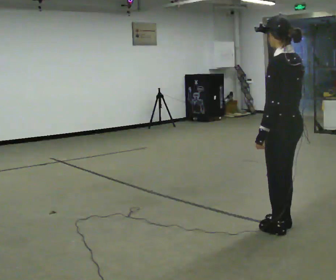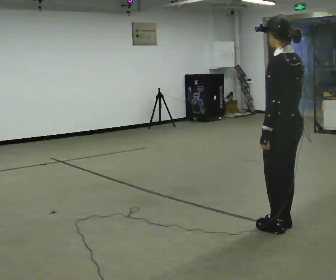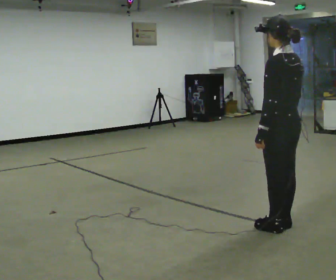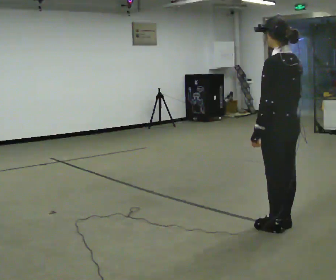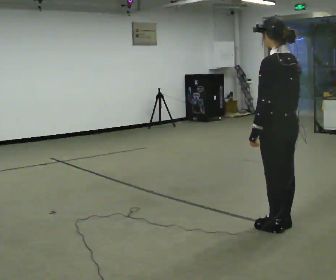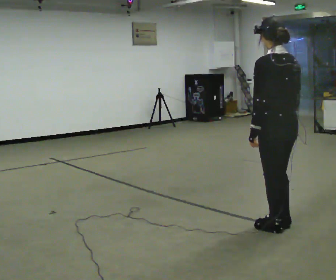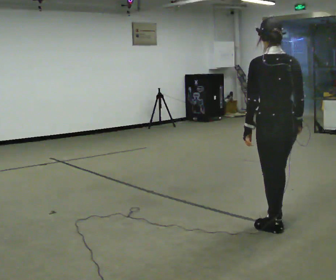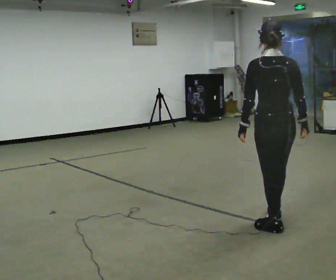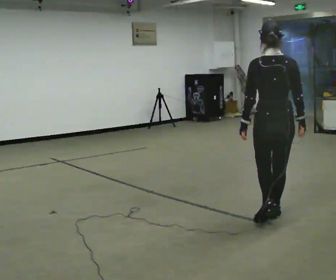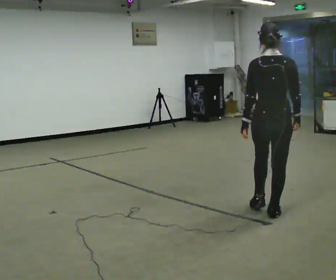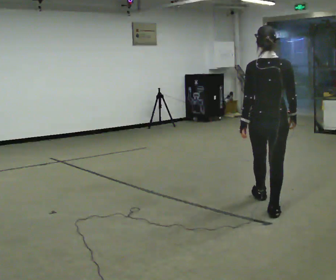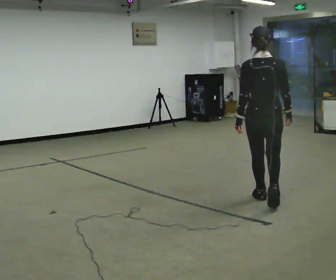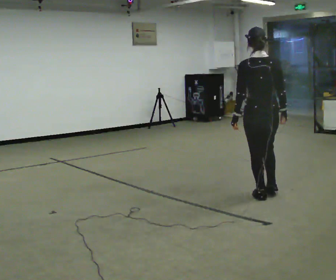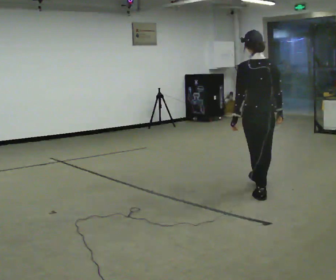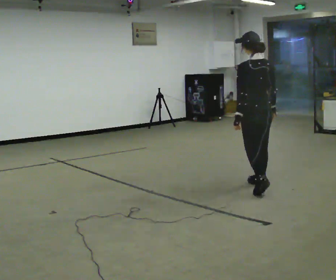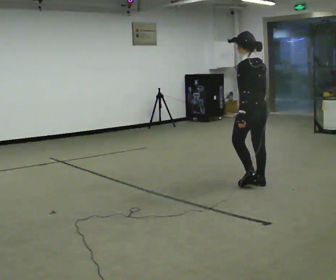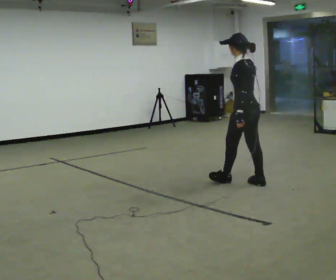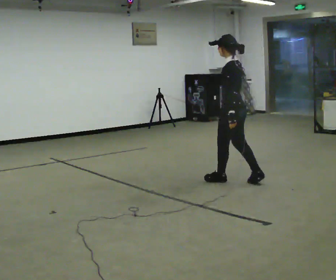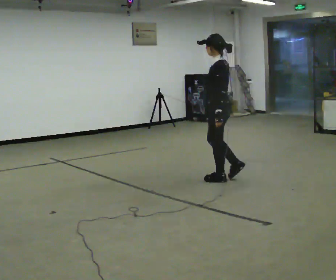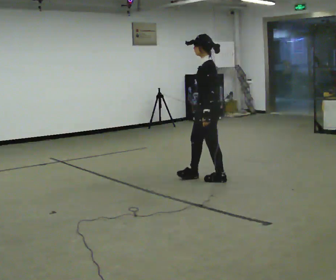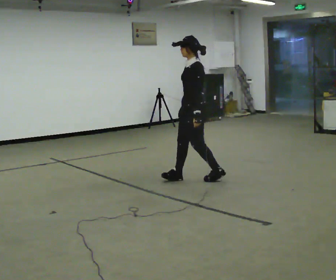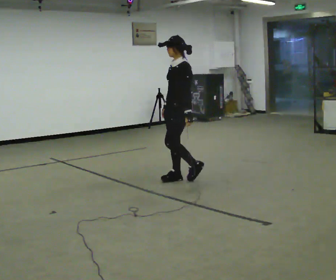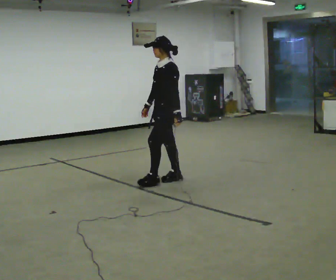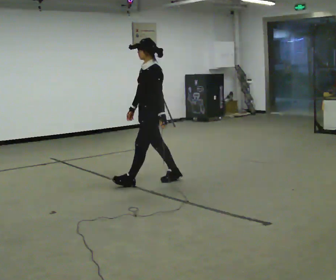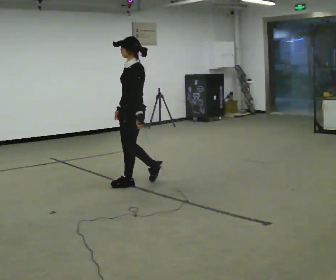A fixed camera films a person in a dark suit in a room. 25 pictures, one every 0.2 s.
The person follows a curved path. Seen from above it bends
counterclockwise.
0.0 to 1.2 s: The part of the body nearest the lens slides to the left as the person turns to their right by about 45 degrees.
1.2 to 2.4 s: In the picture they go away from the camera, about 1 m in 2 steps, which for them is forward.
2.4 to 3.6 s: Seen from above the body turns counterclockwise, about 75 degrees: to their left, with its near side sliding to the right. In the picture they go away from the camera and to the left, about 0.5 m in 2 steps.
3.6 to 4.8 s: Seen from above the body turns counterclockwise, about 30 degrees: to their left, with its near side sliding to the right. In the picture they go to the left, about 1 m in 2 steps, which for them is forward.
The film runs forward here.
